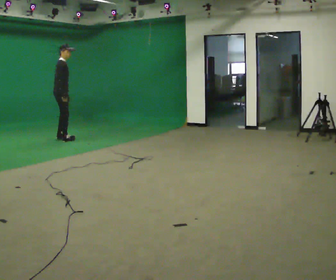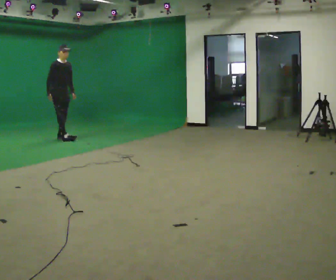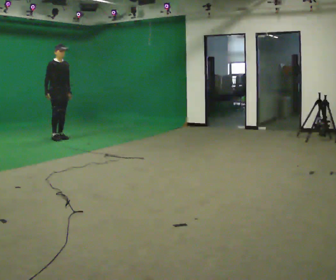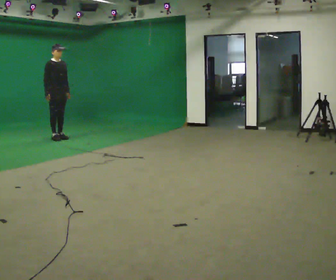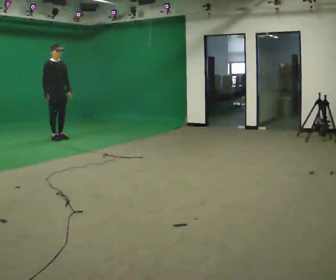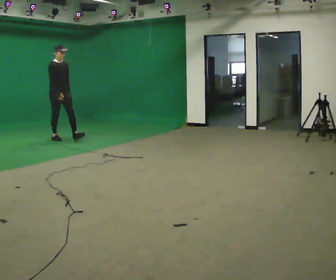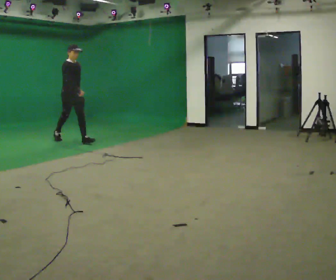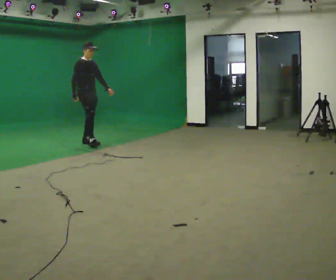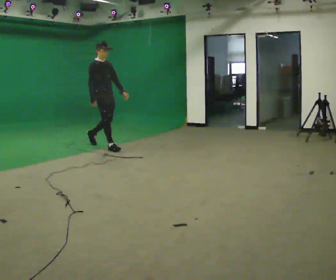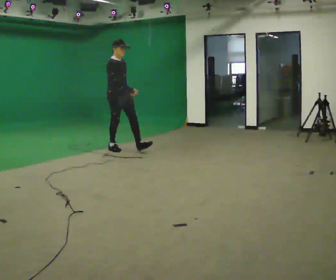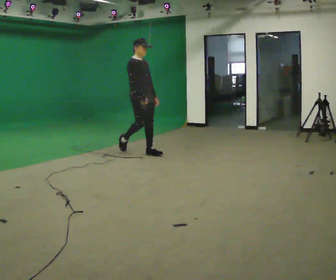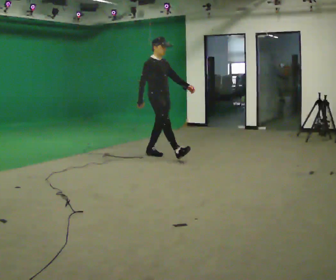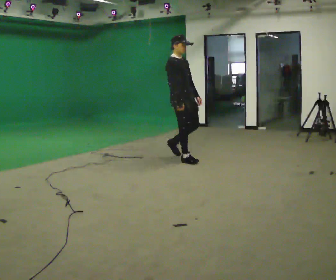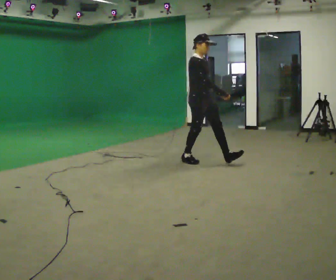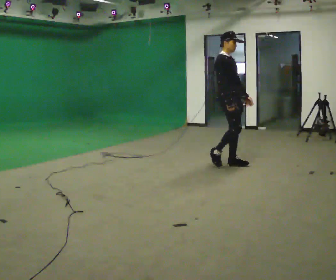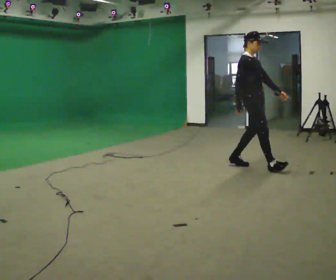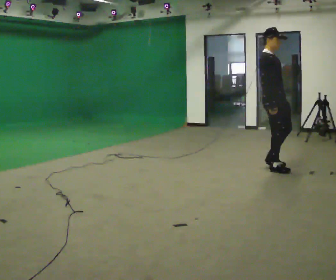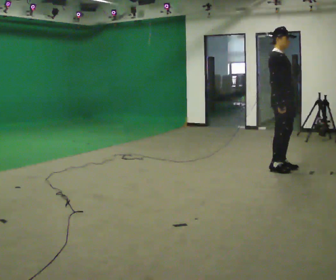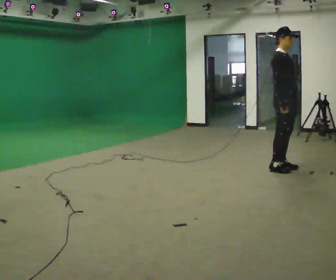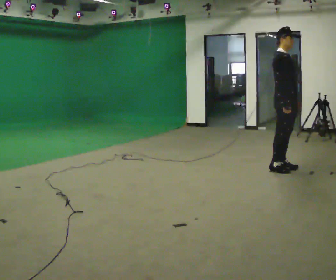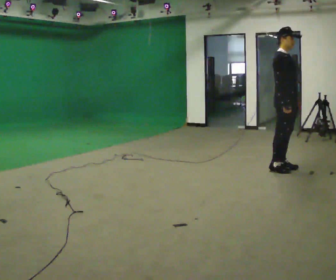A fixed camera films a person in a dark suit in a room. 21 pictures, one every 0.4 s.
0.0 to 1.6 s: Seen from above the body turns clockwise, about 45 degrees: to their right, with its near side sliding to the left.
1.6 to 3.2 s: In the picture they go to the right and toward the camera, about 1 m in 2 steps, which for them is forward.
3.2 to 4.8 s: In the picture they go to the right and toward the camera, about 1.5 m in 2 steps, which for them is forward.
4.8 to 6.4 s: In the picture they go to the right and toward the camera, about 1.5 m in 2 steps, which for them is forward.
6.4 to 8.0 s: The person moves a little, or ends about where they began.
The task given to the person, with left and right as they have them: Walk normally; at marked point stop as quickly as comfortably possible; remain still.
The film runs forward here.
